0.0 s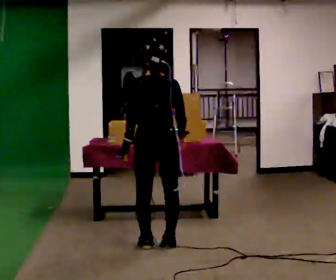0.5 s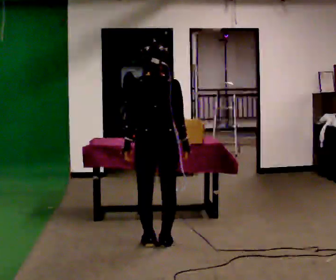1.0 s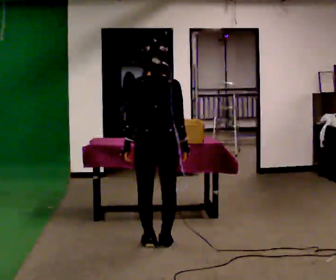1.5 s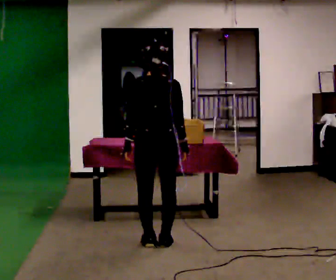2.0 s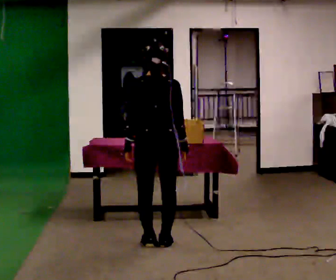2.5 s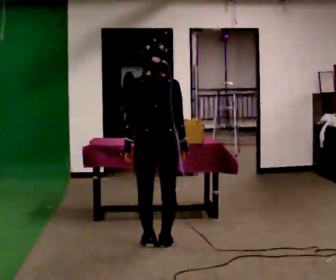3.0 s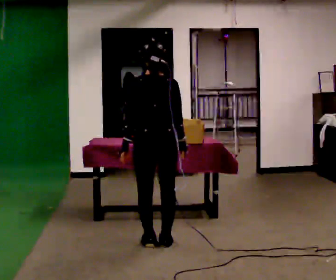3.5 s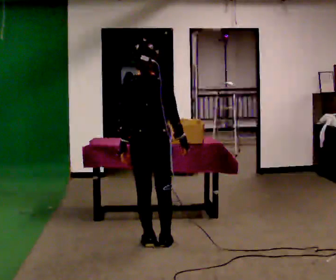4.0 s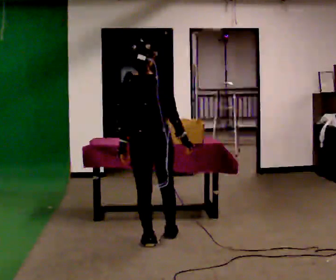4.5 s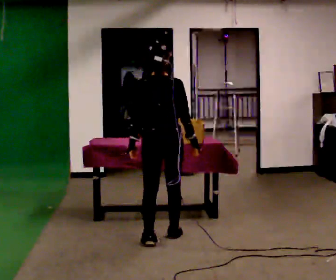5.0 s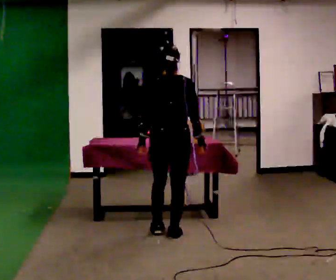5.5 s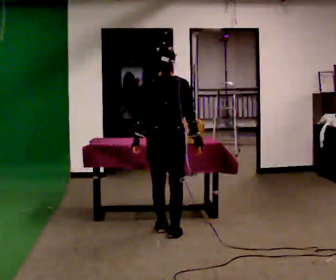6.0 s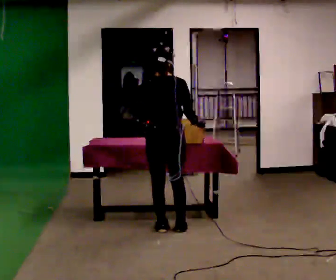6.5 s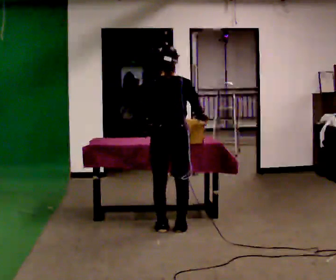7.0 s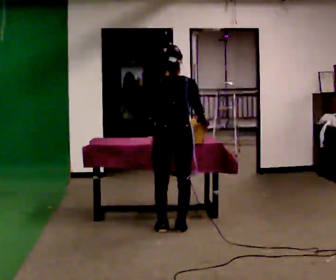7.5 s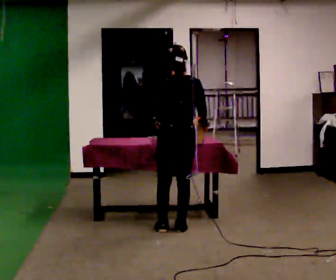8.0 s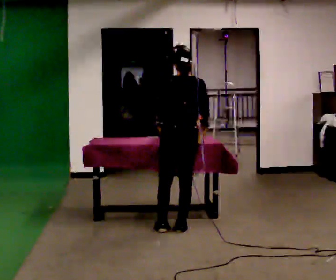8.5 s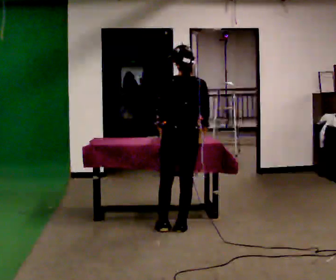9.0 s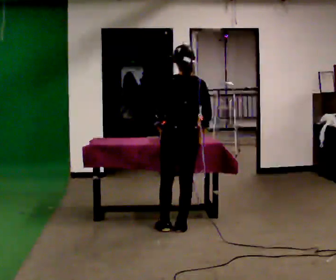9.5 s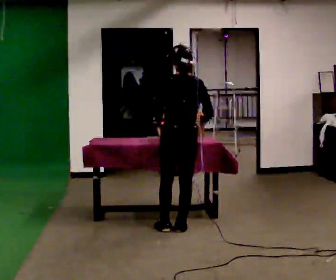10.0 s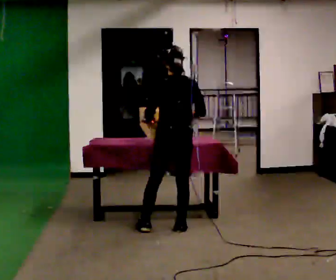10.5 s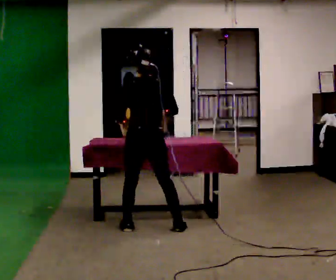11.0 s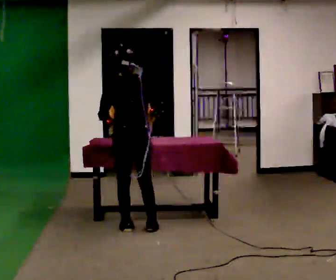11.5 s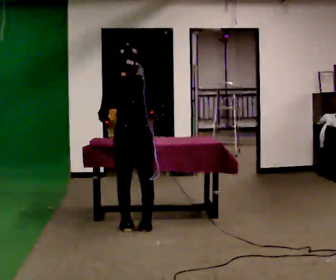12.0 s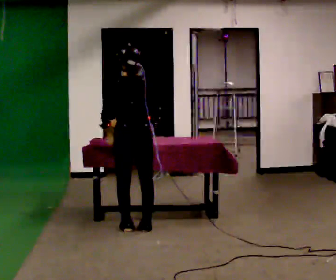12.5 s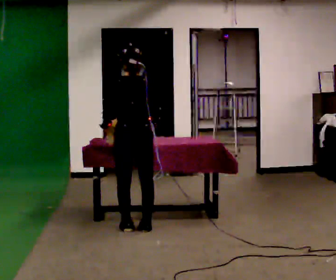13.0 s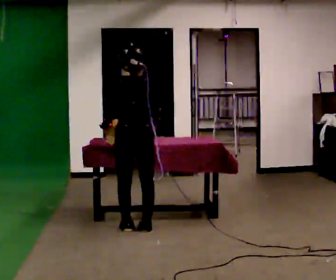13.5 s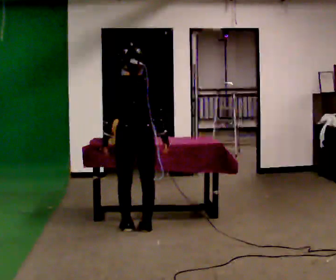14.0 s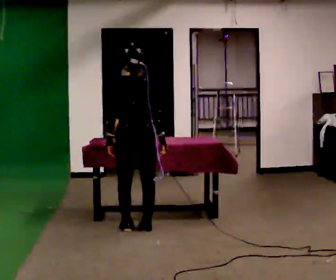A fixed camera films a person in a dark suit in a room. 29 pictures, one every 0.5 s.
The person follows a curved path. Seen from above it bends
counterclockwise.
0.0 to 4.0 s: The person moves a little, or ends about where they began.
4.0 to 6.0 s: In the picture they go away from the camera, about 0.5 m in 2 steps, which for them is forward.
6.0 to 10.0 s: The part of the body nearest the lens slides to the right as the person turns to their left by about 30 degrees.
10.0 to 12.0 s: In the picture they go to the left, about 0.25 m in 2 steps, which for them is to their left.
12.0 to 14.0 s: The person moves a little, or ends about where they began.
The film runs forward here.
